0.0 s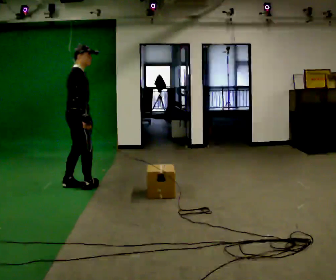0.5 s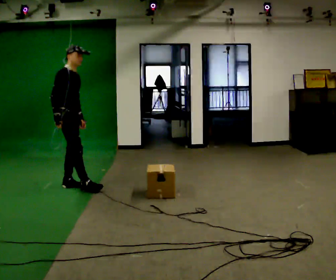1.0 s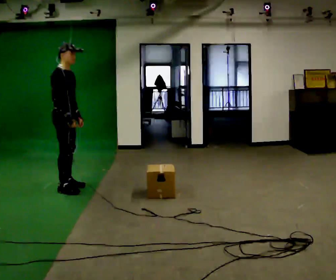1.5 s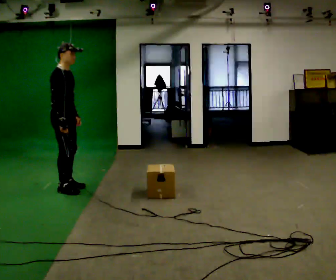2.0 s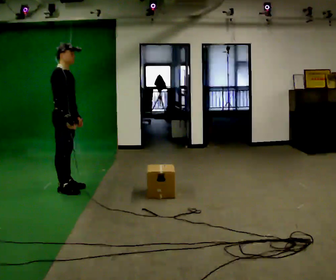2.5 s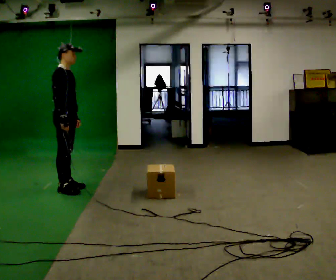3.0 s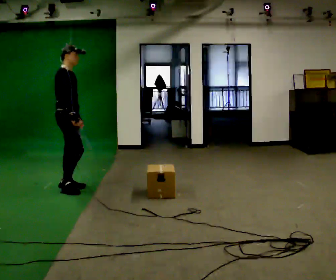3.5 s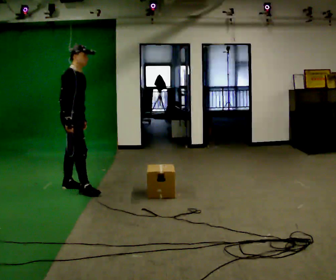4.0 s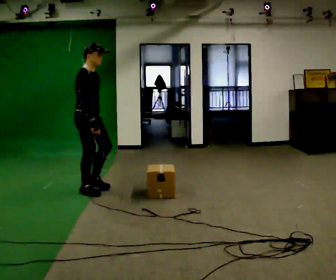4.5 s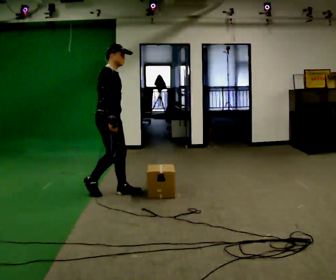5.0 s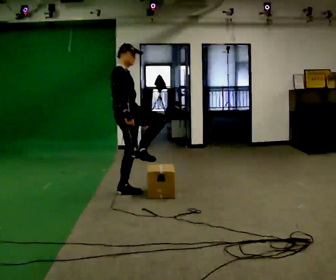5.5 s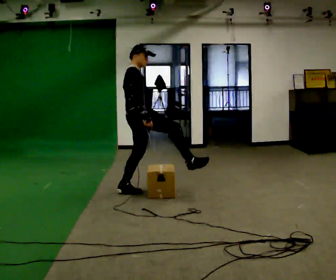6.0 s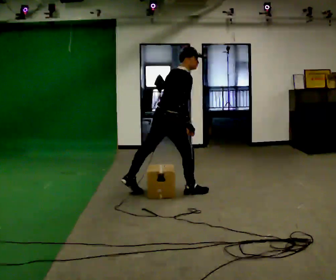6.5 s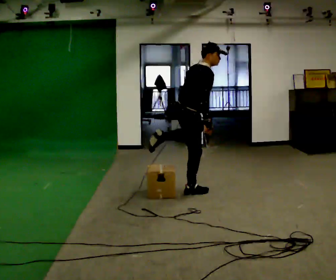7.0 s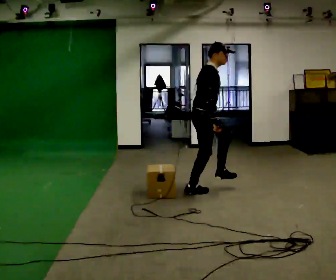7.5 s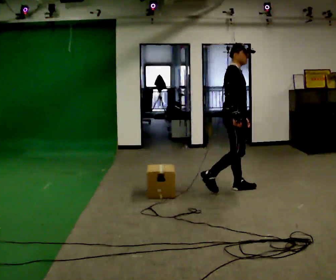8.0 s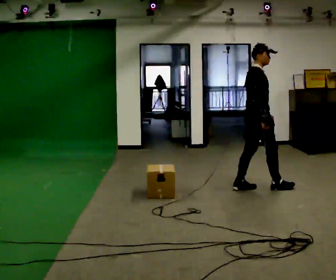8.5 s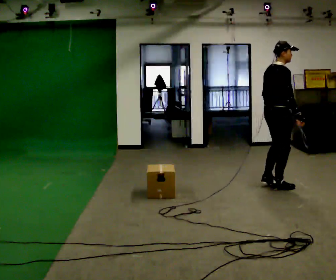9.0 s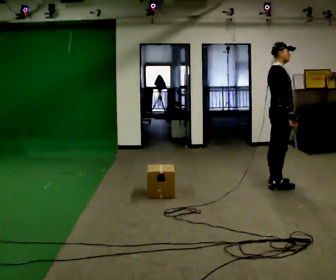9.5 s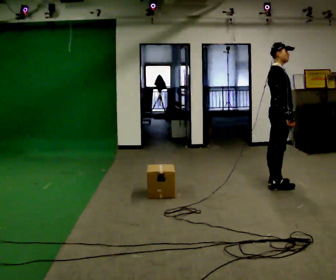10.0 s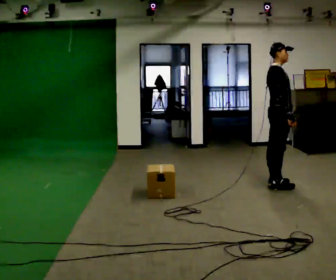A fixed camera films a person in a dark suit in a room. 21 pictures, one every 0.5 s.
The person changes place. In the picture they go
to the right.
The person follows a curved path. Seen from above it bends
counterclockwise.
0.0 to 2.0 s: The person moves a little, or ends about where they began.
2.0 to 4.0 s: In the picture they go to the right, about 0.25 m in 1 step, which for them is forward.
4.0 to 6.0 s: The person turns about 45 degrees to their left, counterclockwise seen from above, so the part of the body nearest the lens slides to the right. In the picture they go to the right, about 1 m in 2 steps, which for them is forward.
6.0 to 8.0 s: The part of the body nearest the lens slides to the left as the person turns to their right by about 30 degrees. In the picture they go to the right, about 1 m in 2 steps, which for them is forward. In the picture the upper body tilts counterclockwise, shoulders to the left, as they lean back or straighten.
8.0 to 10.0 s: In the picture they go to the right, about 0.25 m in 1 step, which for them is forward.
The film runs forward here.
